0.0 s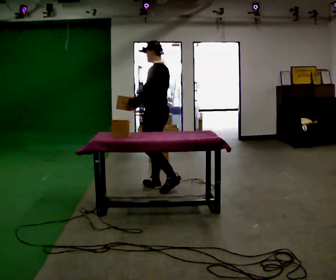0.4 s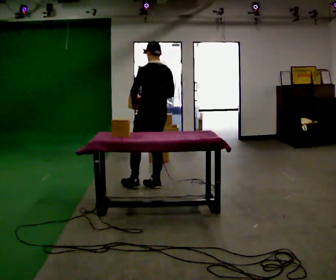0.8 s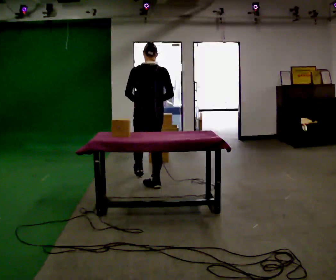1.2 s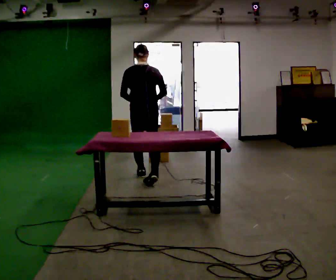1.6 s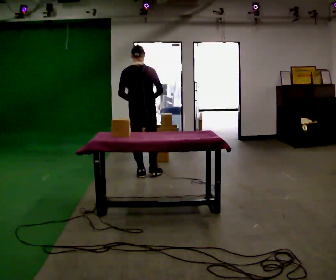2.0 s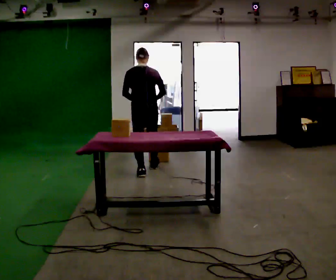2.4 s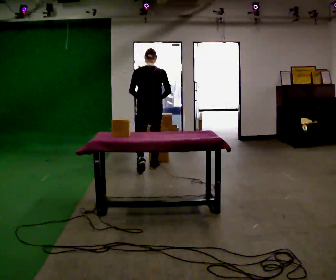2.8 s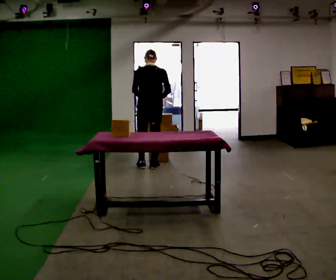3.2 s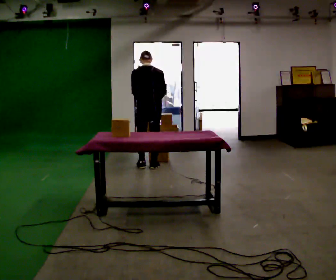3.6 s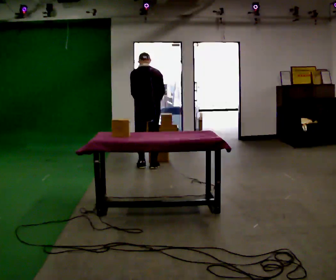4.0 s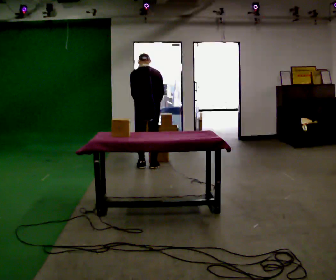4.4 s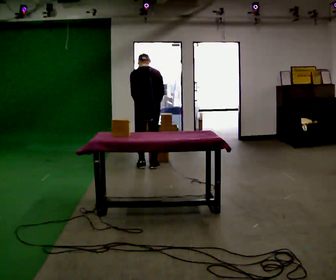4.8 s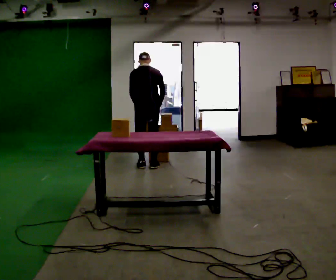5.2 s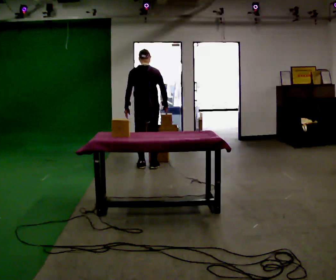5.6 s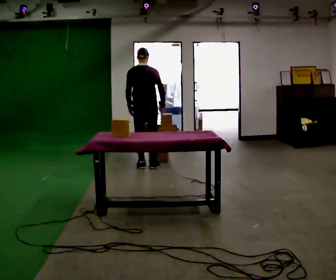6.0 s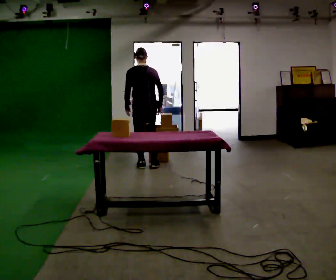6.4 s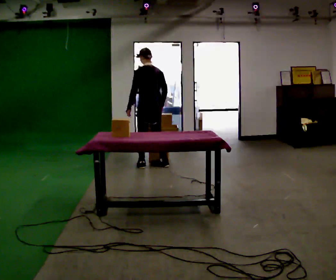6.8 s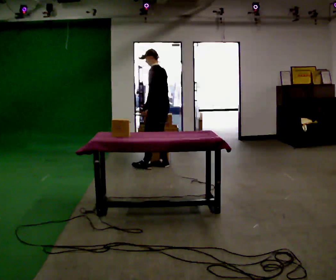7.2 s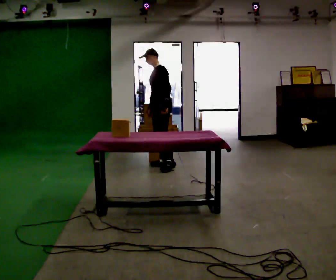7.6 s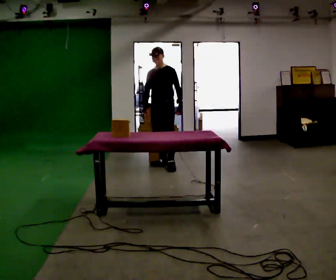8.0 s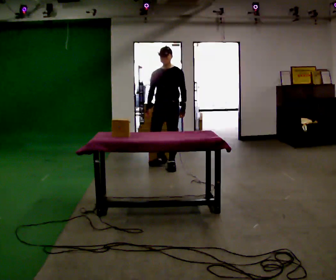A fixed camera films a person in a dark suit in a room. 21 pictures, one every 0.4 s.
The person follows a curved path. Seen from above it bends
clockwise.
0.0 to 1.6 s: Seen from above the body turns clockwise, about 75 degrees: to their right, with its near side sliding to the left. In the picture they go away from the camera and to the left, about 0.5 m in 1 step.
1.6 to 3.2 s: In the picture they go away from the camera, about 0.5 m in 2 steps, which for them is forward.
3.2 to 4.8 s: The person moves a little, or ends about where they began.
4.8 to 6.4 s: The person turns about 30 degrees to their left, counterclockwise seen from above, so the part of the body nearest the lens slides to the right.
6.4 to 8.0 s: The part of the body nearest the lens slides to the right as the person turns to their left by about 120 degrees. In the picture they go to the right, about 0.25 m in 1 step. In the picture their left hand goes to the right, the arm swinging counterclockwise.
The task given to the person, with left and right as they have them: Carry the object across the room, open the lid of the container, put the object inside, and close the lid again. Then go back for the next one. Keep going until the operator says stop; one object at a time, and do not rush between trips.
The film runs forward here.
